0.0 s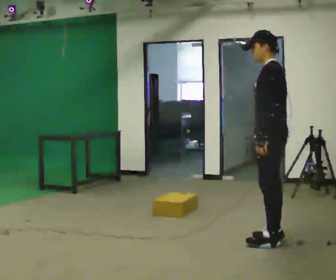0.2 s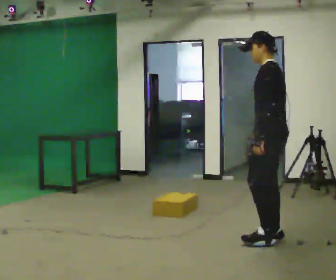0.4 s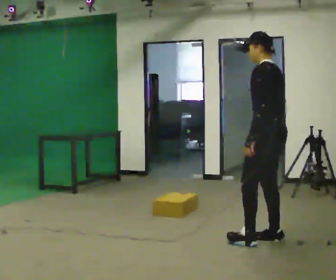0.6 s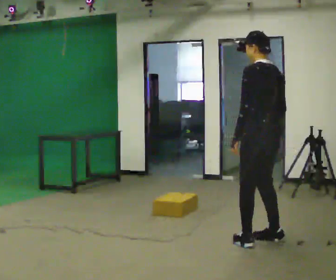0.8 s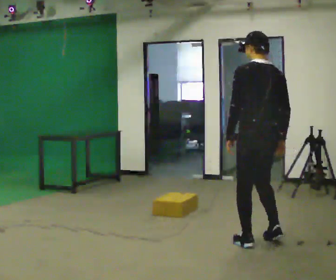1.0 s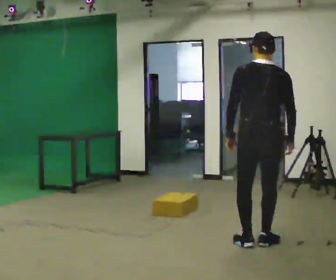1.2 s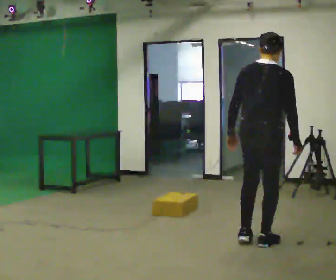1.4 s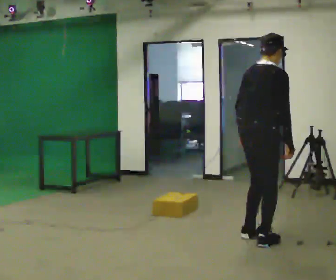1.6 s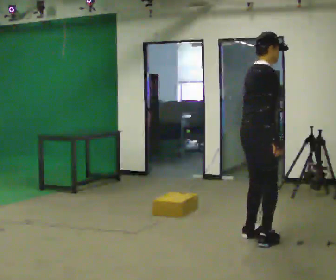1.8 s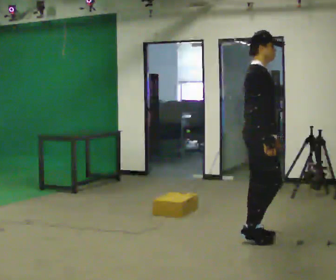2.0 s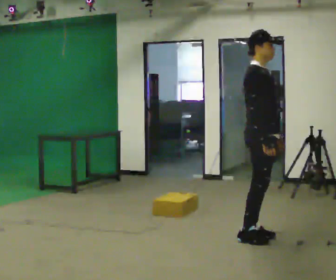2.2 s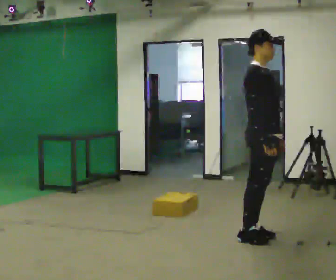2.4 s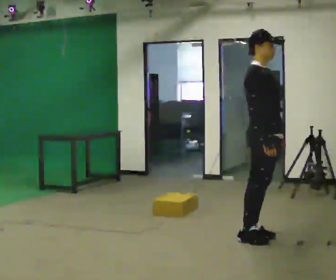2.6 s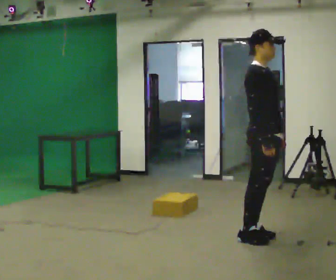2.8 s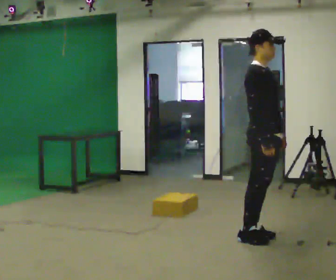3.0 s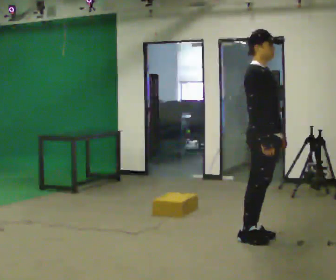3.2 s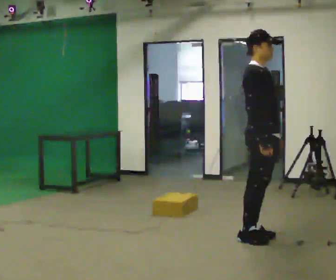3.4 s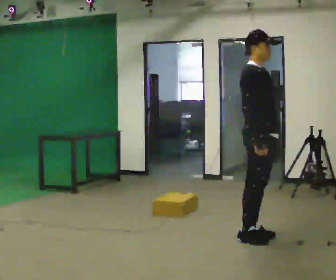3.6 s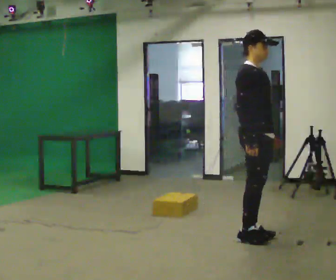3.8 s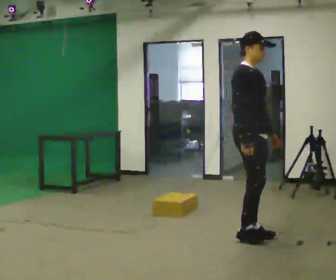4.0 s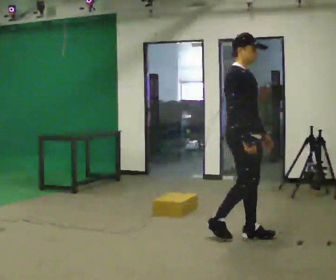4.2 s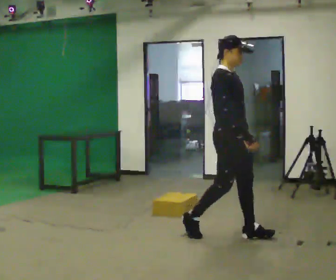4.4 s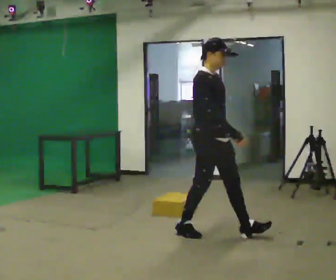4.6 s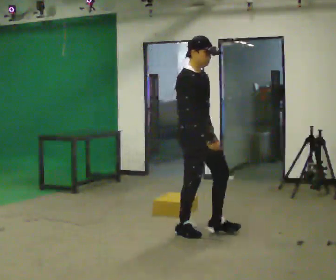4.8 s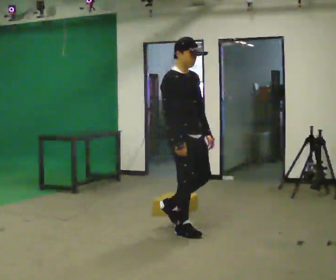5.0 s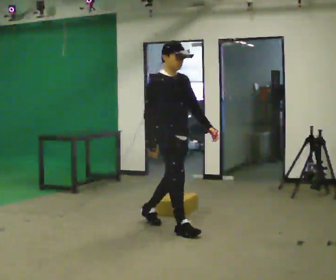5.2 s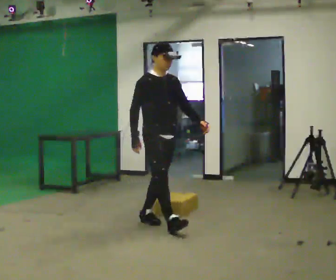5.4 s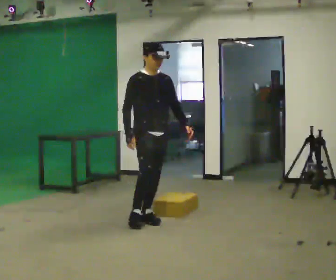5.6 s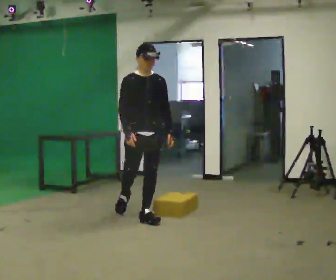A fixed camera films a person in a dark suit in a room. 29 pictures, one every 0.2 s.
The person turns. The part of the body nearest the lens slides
to the left.
The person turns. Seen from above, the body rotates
clockwise.
0.0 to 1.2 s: The person turns about 105 degrees to their right, clockwise seen from above, so the part of the body nearest the lens slides to the left. In the picture their left hand goes to the left.
1.2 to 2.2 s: The person turns about 75 degrees to their right, clockwise seen from above, so the part of the body nearest the lens slides to the left. In the picture their left hand goes to the right, the arm swinging counterclockwise.
2.2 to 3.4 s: The person moves a little, or ends about where they began.
3.4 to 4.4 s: In the picture they go to the left, about 0.5 m in 2 steps, which for them is backward.
4.4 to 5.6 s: The person turns about 45 degrees to their right, clockwise seen from above, so the part of the body nearest the lens slides to the left. In the picture they go to the left and away from the camera, about 1 m in 1 step, which for them is backward.
The film runs backward here.
